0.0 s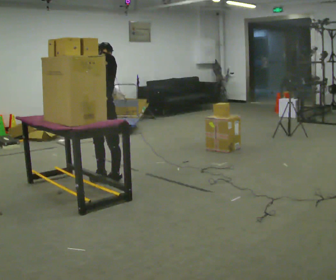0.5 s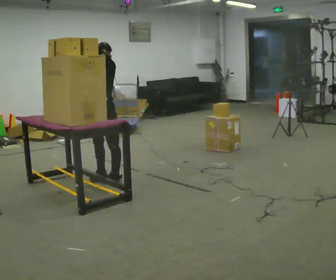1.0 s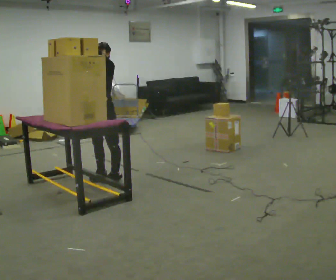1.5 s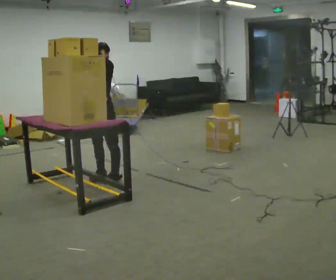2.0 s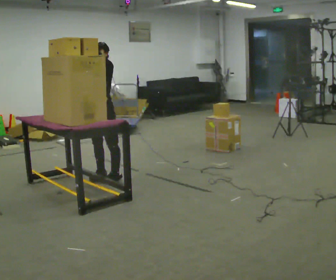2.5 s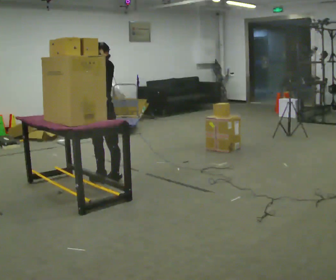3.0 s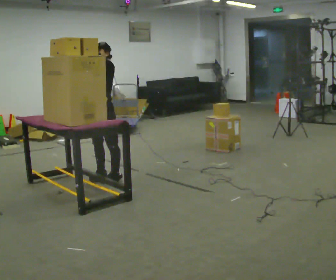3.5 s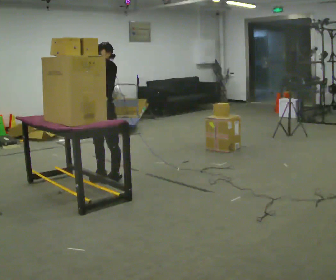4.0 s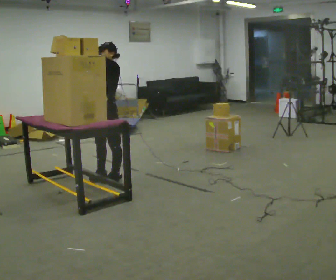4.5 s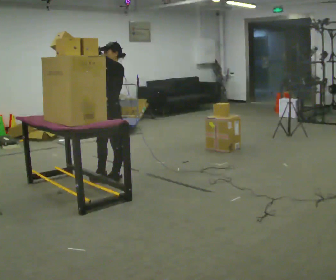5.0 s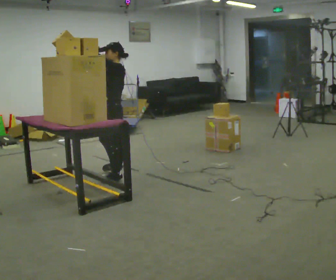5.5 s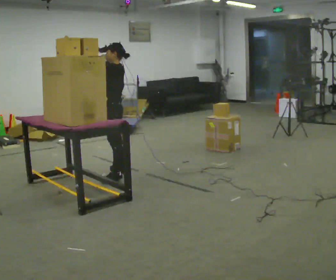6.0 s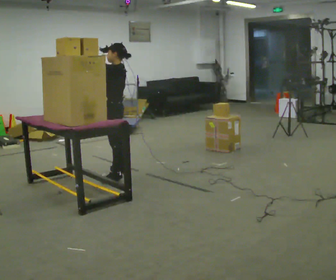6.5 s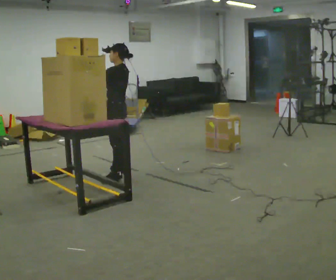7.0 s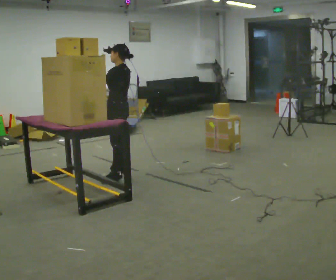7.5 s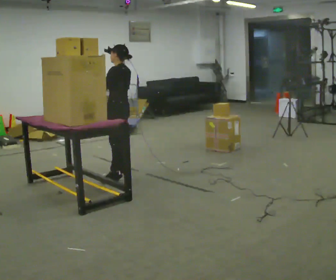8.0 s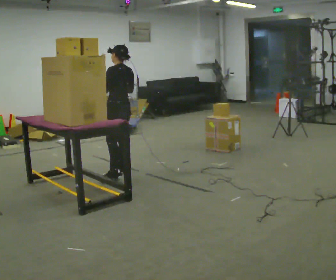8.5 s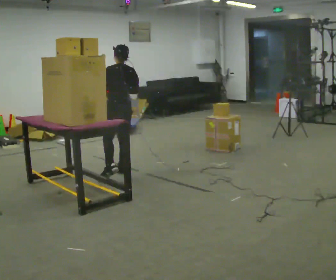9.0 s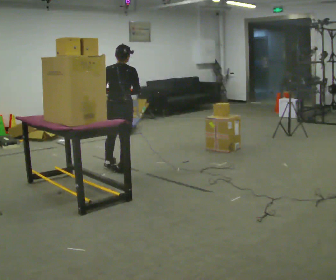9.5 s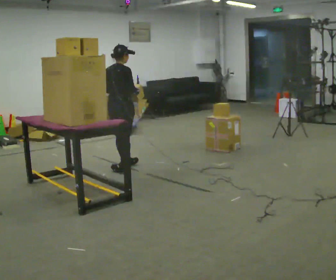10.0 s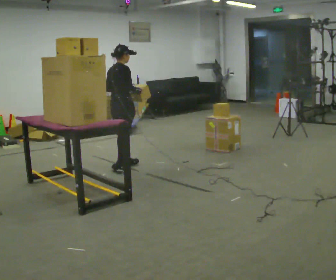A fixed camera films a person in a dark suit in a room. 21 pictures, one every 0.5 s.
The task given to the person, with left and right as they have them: Take an object down from the highest shelf you can comfortably reach, carry it across, and place it on the waist-height shelf. Keep going until the operator says stop; one object at a time, and do not rush between trips.
0.0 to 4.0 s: The person moves a little, or ends about where they began.
4.0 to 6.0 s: Seen from above the body turns clockwise, about 45 degrees: to their right, with its near side sliding to the left.
6.0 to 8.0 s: The person turns about 30 degrees to their right, clockwise seen from above, so the part of the body nearest the lens slides to the left. In the picture their right hand goes to the right and downward.
8.0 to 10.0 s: The person turns about 105 degrees to their right, clockwise seen from above, so the part of the body nearest the lens slides to the left. In the picture they go away from the camera, about 0.25 m in 1 step.
The film runs forward here.
